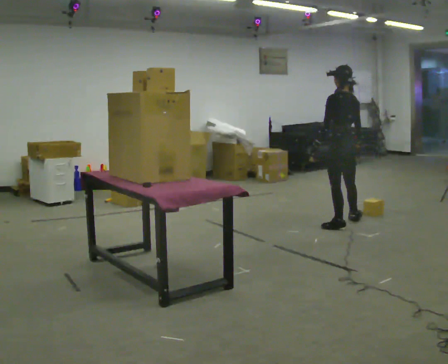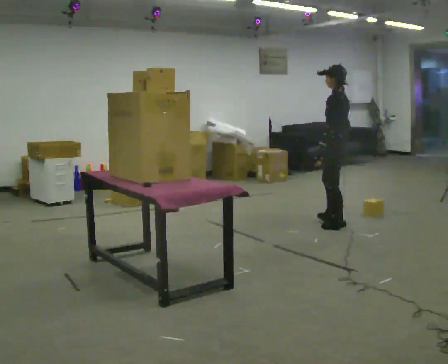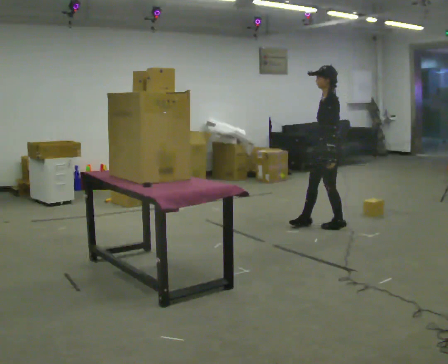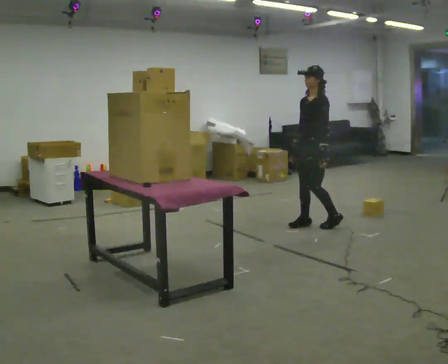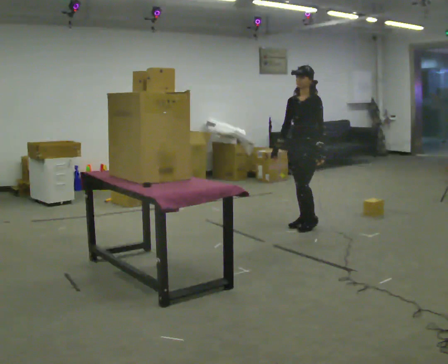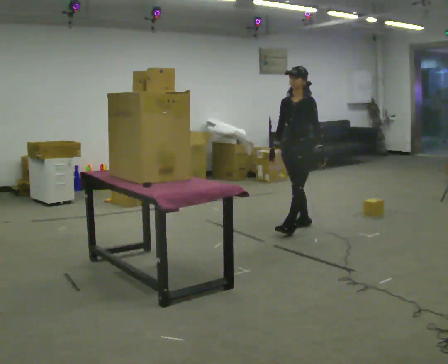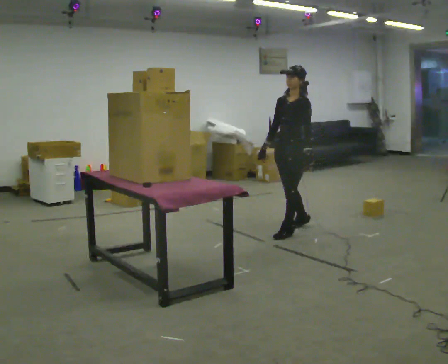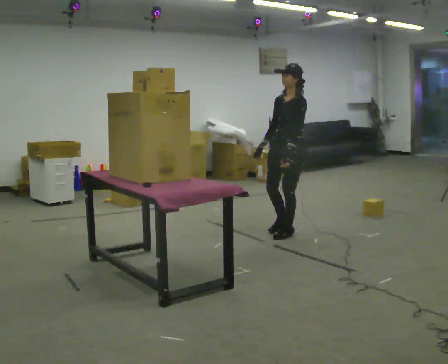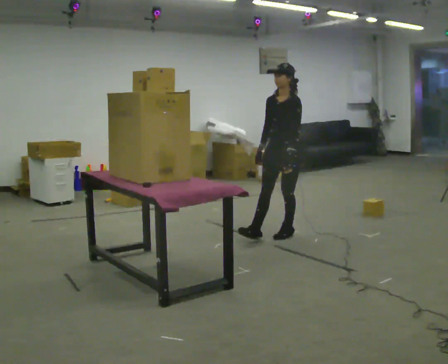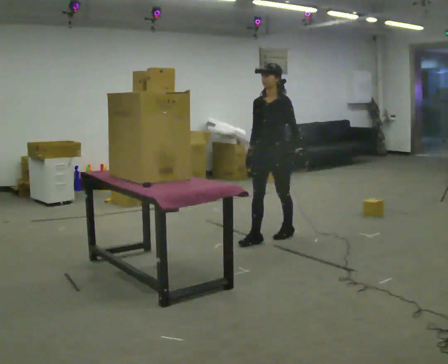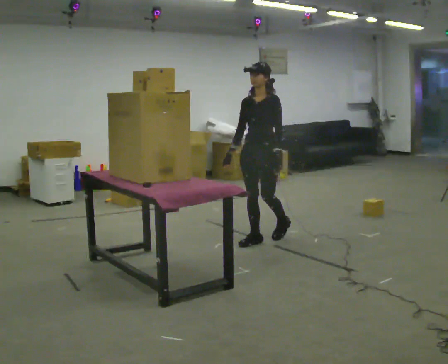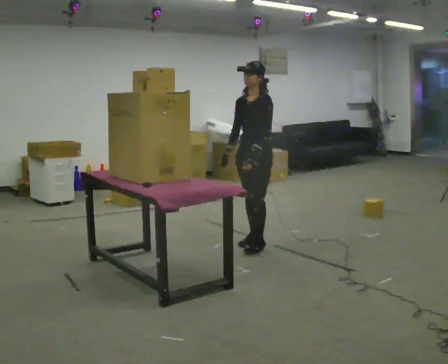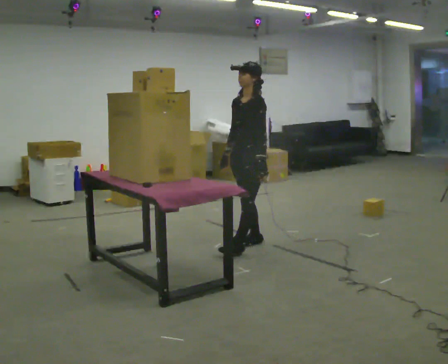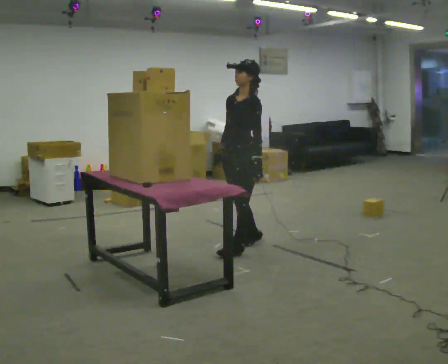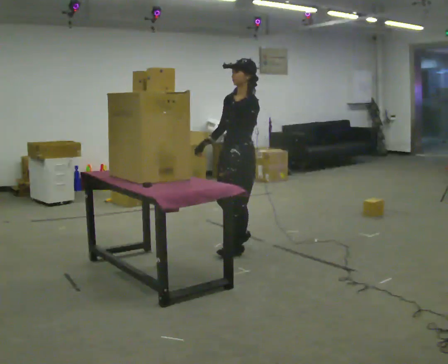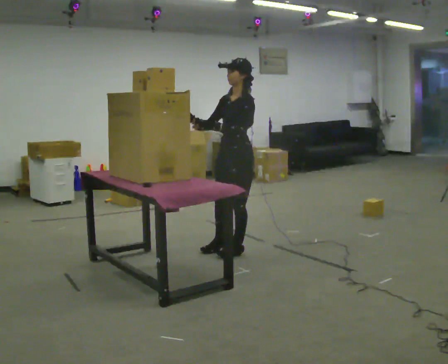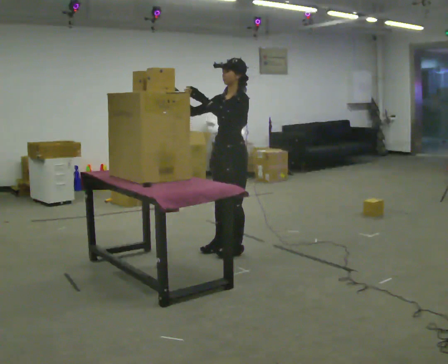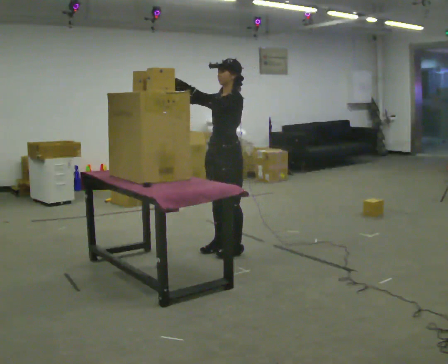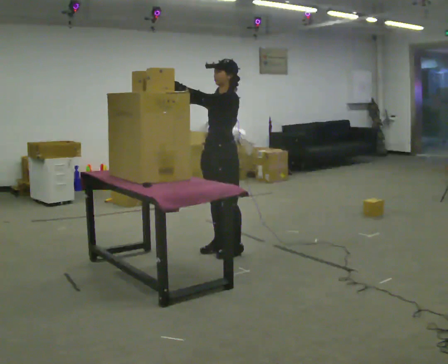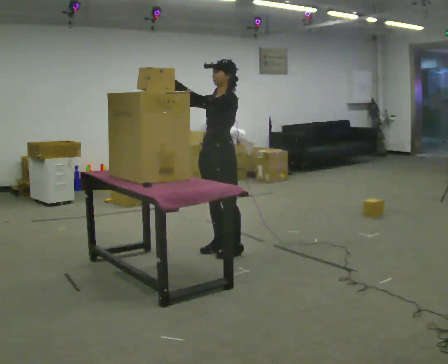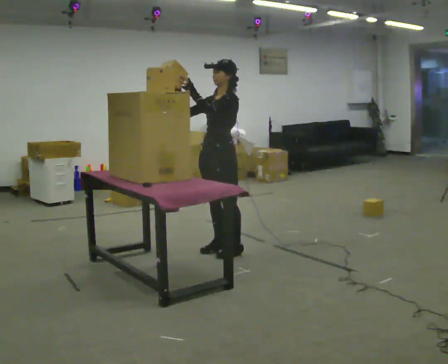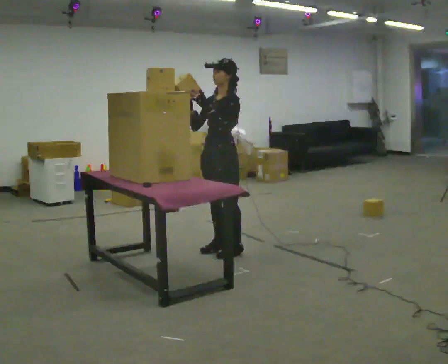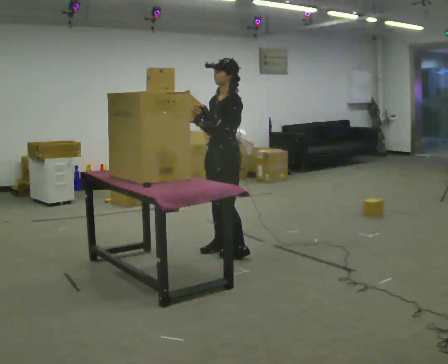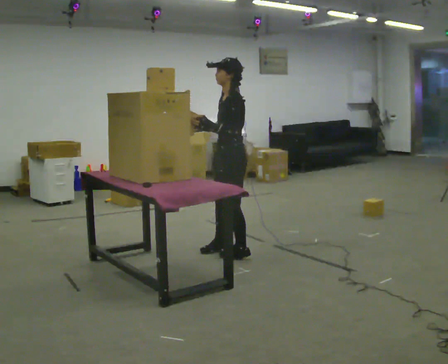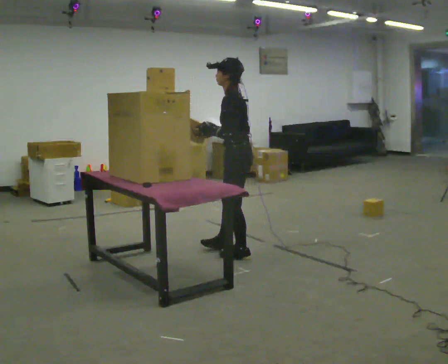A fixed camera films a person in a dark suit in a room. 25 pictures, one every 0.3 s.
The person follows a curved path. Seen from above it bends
counterclockwise.
0.0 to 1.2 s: The part of the body nearest the lens slides to the right as the person turns to their left by about 105 degrees. In the picture they go to the left, about 0.25 m in 1 step.
1.2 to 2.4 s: In the picture they go toward the camera and to the left, about 0.5 m in 1 step, which for them is forward and to their left.
2.4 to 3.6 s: In the picture they go to the left and toward the camera, about 0.5 m in 2 steps, which for them is forward.
3.6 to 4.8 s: In the picture they go to the left and toward the camera, about 0.25 m in 1 step, which for them is forward. In the picture their left hand goes upward and to the left.
4.8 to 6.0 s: The person moves a little, or ends about where they began.
6.0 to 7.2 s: The person turns about 45 degrees to their right, clockwise seen from above, so the part of the body nearest the lens slides to the left. In the picture they go toward the camera, about 0.25 m, which for them is to their left. In the picture their right hand goes to the right.
The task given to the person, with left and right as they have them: Take an object down from the highest shelf you can comfortably reach, carry it across the room, and set it on the floor. Keep going until the operator says stop; one object at a time, and do not rush between trips.
The film runs forward here.
